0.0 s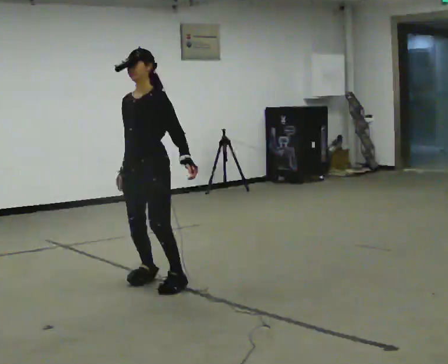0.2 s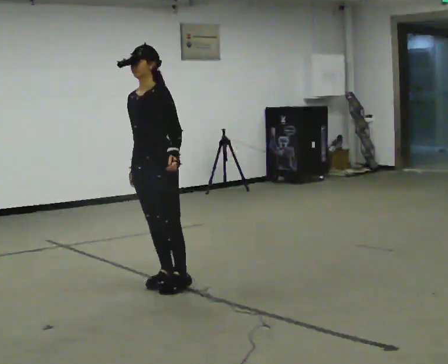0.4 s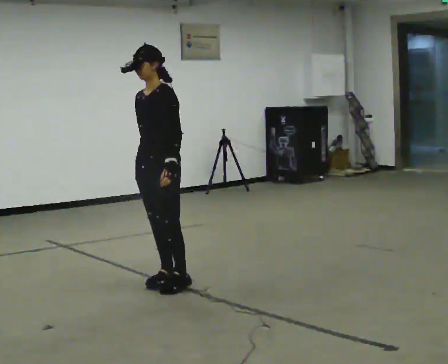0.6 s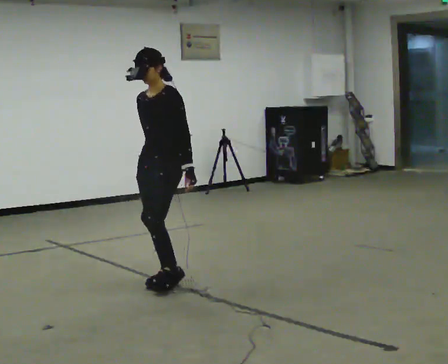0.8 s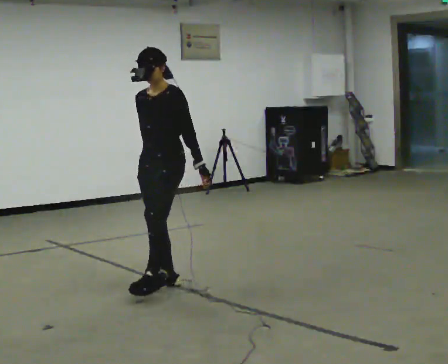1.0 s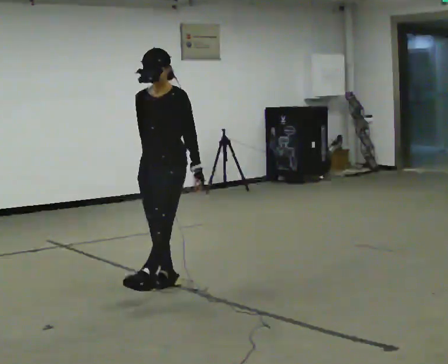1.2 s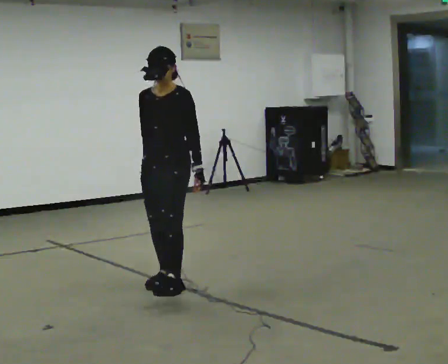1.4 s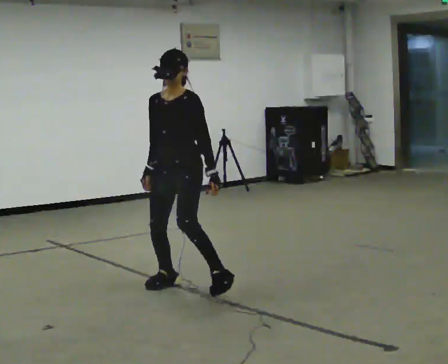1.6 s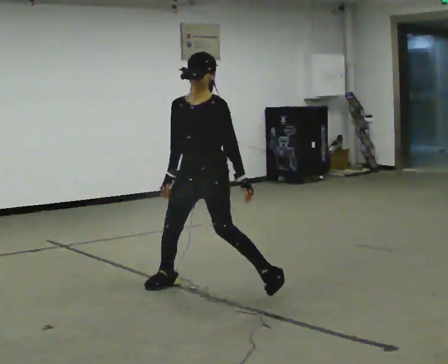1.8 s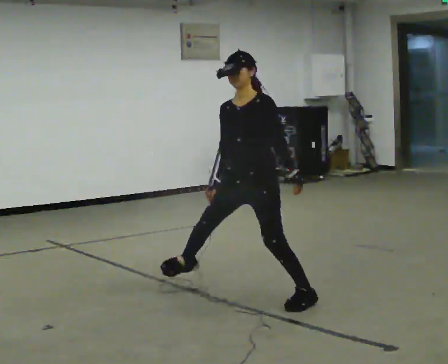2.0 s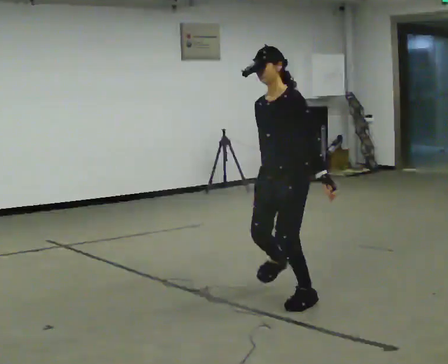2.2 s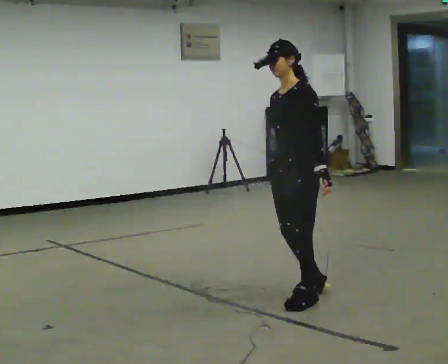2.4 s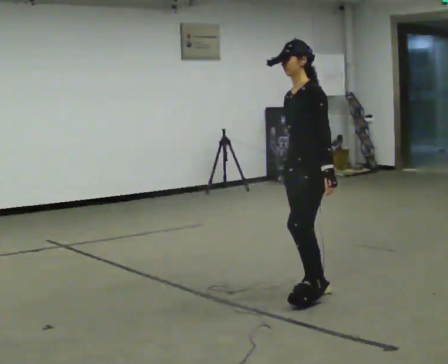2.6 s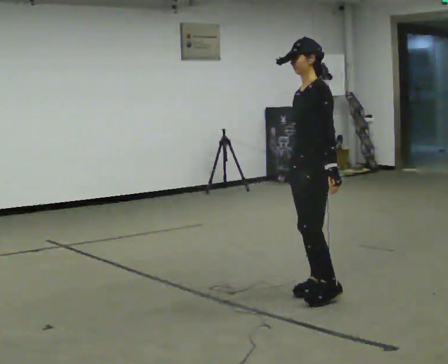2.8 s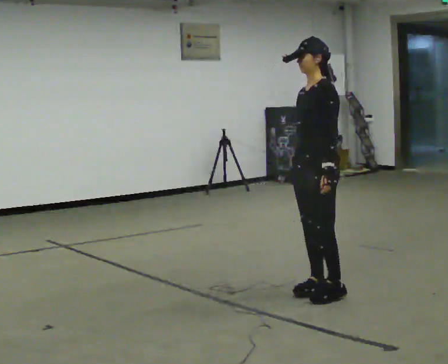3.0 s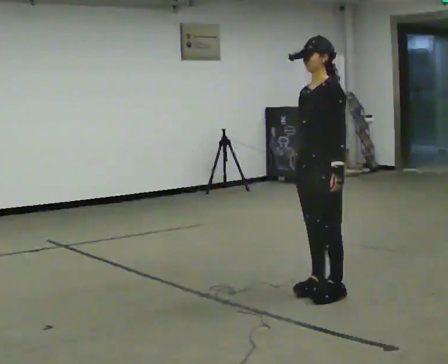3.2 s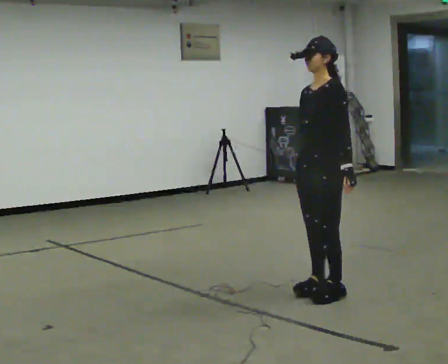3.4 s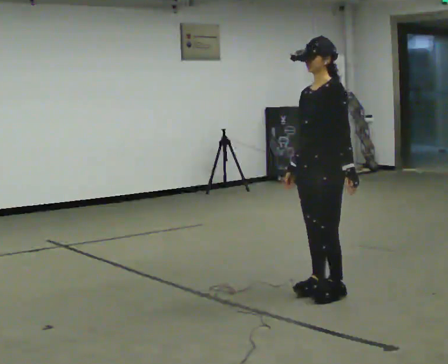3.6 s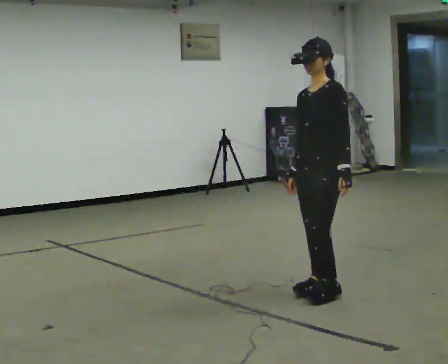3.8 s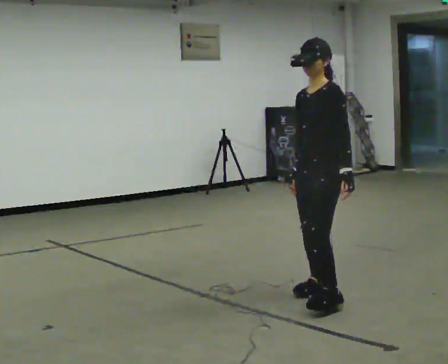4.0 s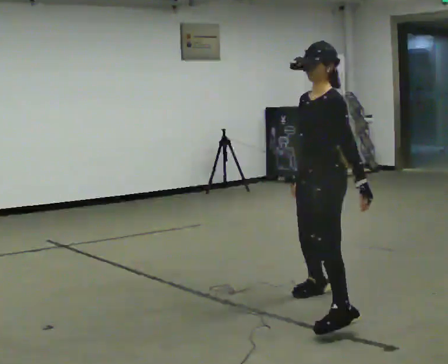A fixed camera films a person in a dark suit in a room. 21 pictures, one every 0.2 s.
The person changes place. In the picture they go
to the right.
0.0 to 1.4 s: In the picture they go to the right, about 0.25 m in 1 step, which for them is to their left and backward.
1.4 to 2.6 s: The person turns about 45 degrees to their right, clockwise seen from above, so the part of the body nearest the lens slides to the left. In the picture they go to the right, about 1 m in 2 steps, which for them is to their left and backward.
2.6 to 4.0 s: In the picture they go toward the camera, about 0.25 m in 1 step, which for them is to their left and forward.
The film runs forward here.
